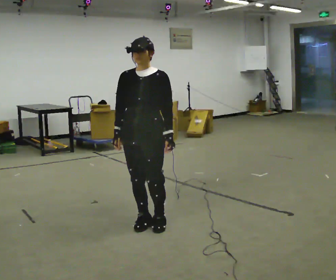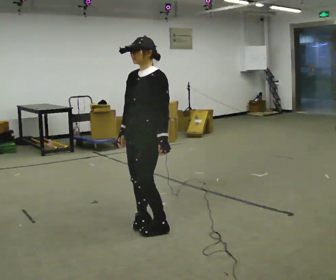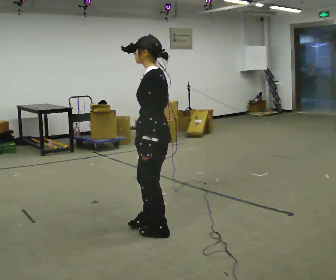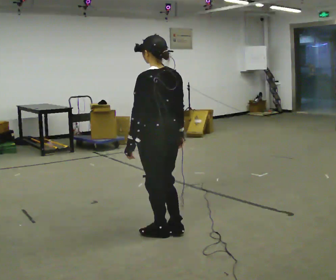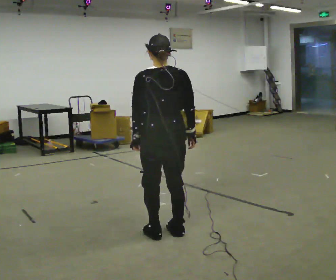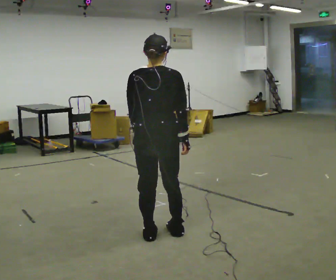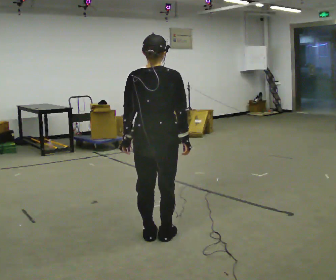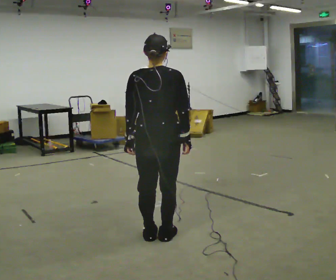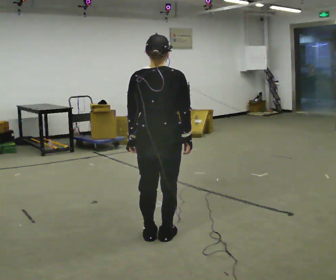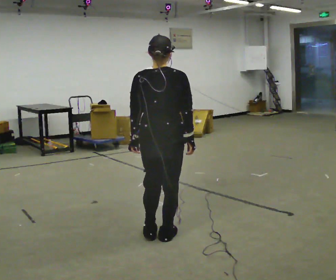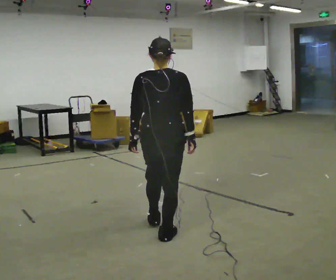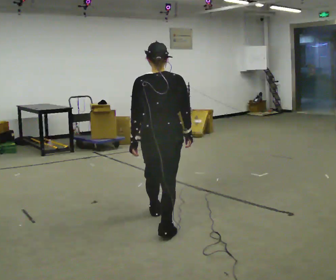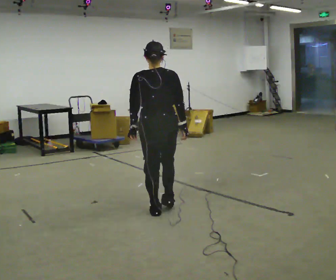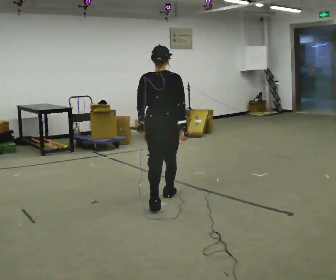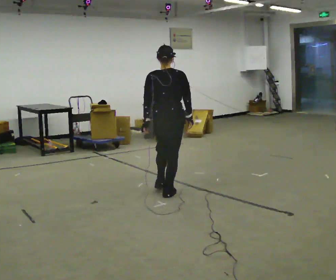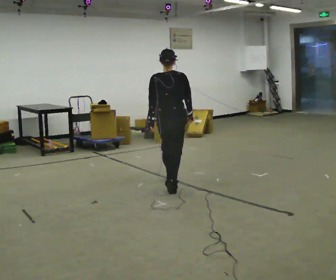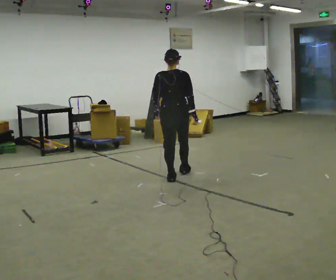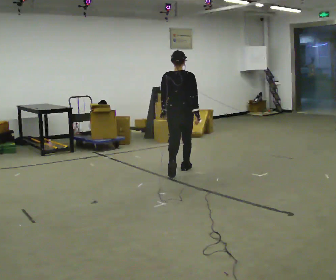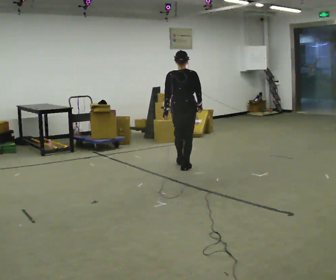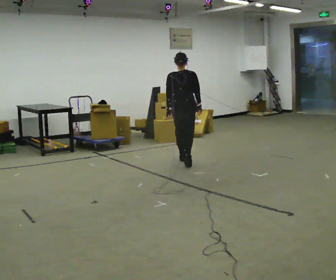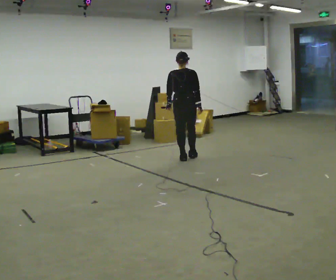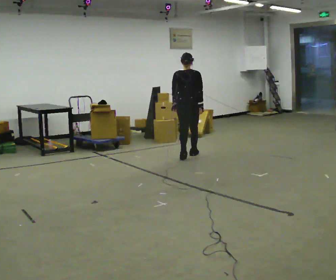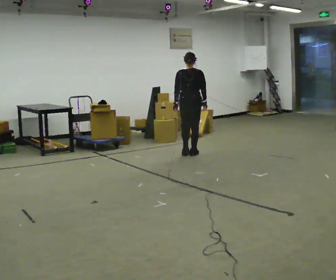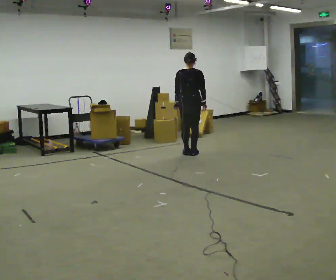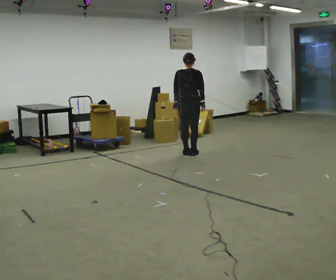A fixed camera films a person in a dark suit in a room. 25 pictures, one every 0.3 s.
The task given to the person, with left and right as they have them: Walk forward while moving diagonally left/right; finish ~45° from start direction.
0.0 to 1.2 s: The person turns about 165 degrees to their right, clockwise seen from above, so the part of the body nearest the lens slides to the left. In the picture they go toward the camera and to the right, about 0.25 m in 2 steps.
1.2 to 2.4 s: The person moves a little, or ends about where they began.
2.4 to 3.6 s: In the picture they go away from the camera, about 0.5 m in 1 step, which for them is forward.
3.6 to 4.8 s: In the picture they go away from the camera, about 1 m in 2 steps, which for them is forward.
4.8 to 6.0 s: In the picture they go away from the camera, about 1 m in 2 steps, which for them is forward.
6.0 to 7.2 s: In the picture they go away from the camera, about 0.5 m in 2 steps, which for them is forward.
The film runs forward here.
